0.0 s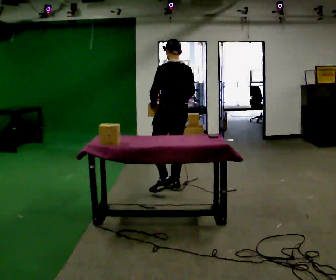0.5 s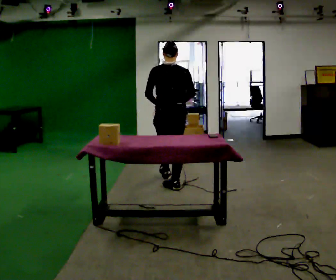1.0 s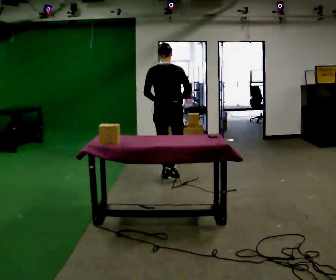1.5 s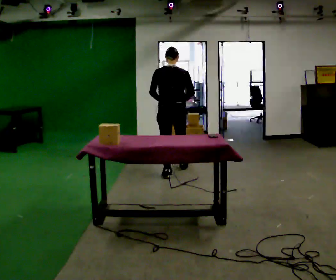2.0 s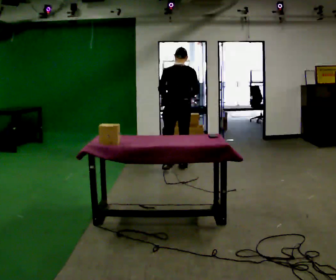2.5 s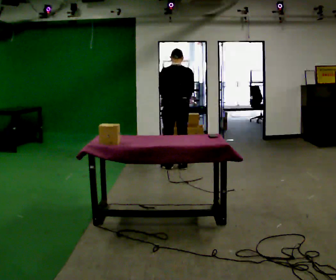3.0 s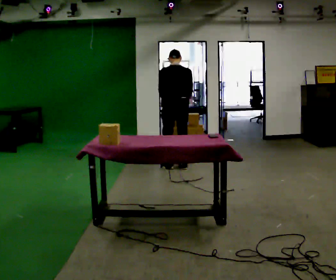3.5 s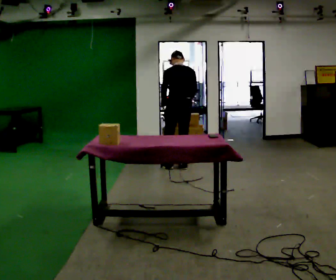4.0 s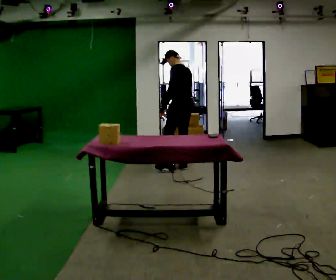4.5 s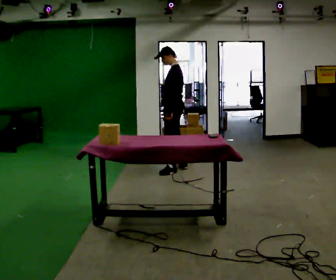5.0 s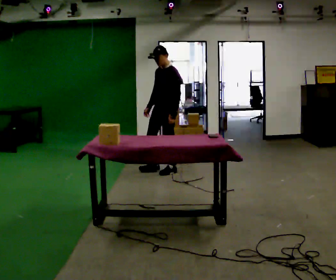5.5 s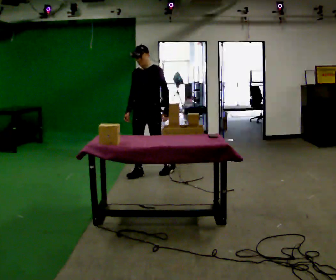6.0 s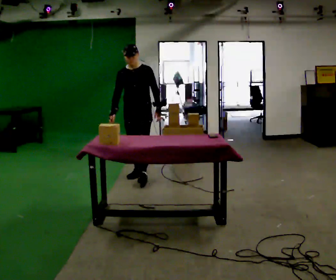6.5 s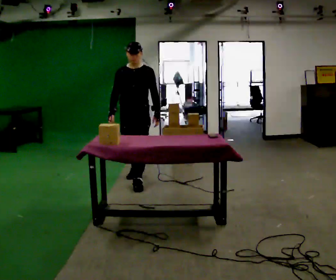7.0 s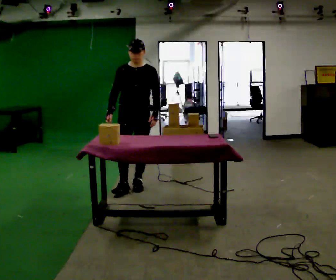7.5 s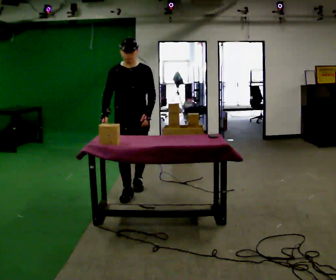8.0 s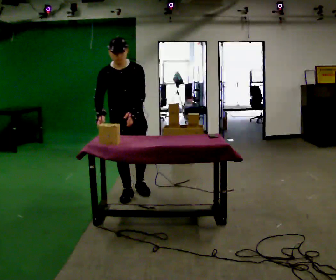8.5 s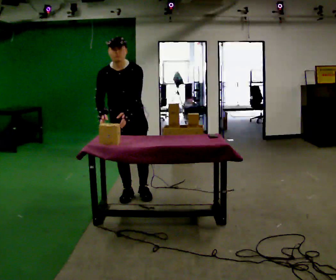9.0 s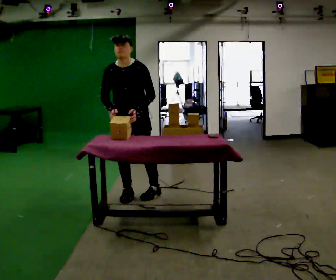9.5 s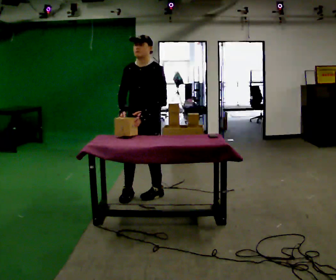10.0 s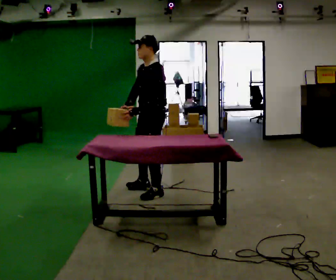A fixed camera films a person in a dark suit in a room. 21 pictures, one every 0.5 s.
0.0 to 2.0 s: The part of the body nearest the lens slides to the left as the person turns to their right by about 30 degrees. In the picture they go away from the camera, about 1 m in 2 steps, which for them is forward.
2.0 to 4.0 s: Seen from above the body turns counterclockwise, about 45 degrees: to their left, with its near side sliding to the right.
4.0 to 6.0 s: The person turns about 105 degrees to their left, counterclockwise seen from above, so the part of the body nearest the lens slides to the right. In the picture they go to the left and toward the camera, about 0.5 m in 1 step.
6.0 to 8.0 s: The part of the body nearest the lens slides to the right as the person turns to their left by about 30 degrees. In the picture they go toward the camera, about 1 m in 2 steps, which for them is forward. The upper body tips toward the camera, its near side rolling downward.
8.0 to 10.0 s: Seen from above the body turns clockwise, about 75 degrees: to their right, with its near side sliding to the left. In the picture they go to the right, about 0.25 m in 2 steps.
The film runs forward here.
